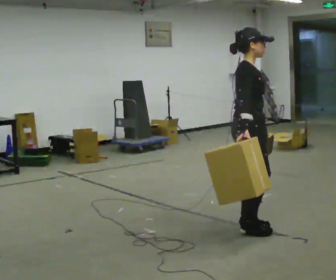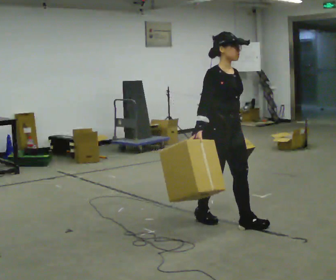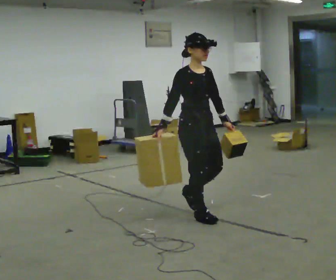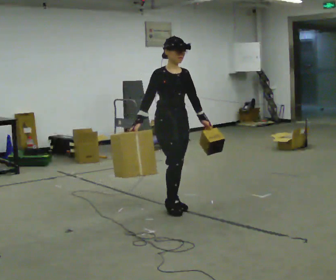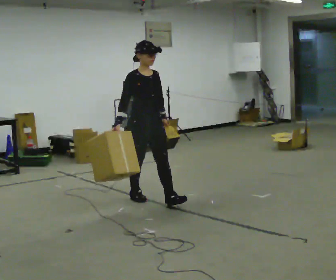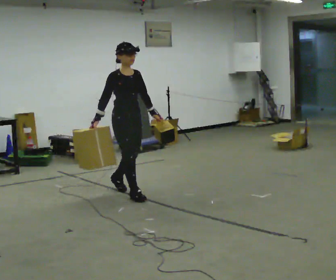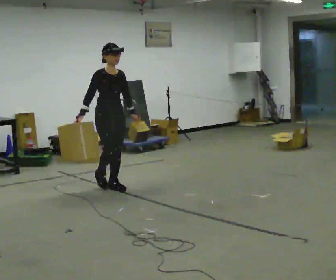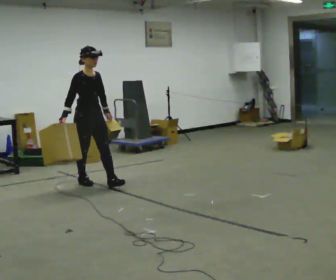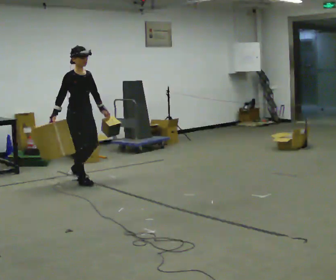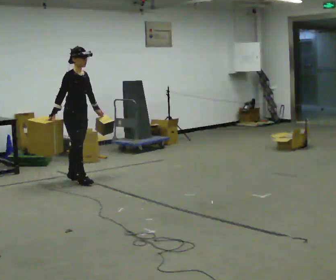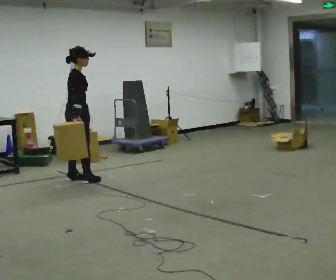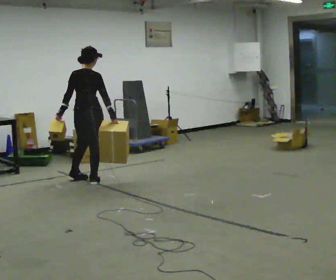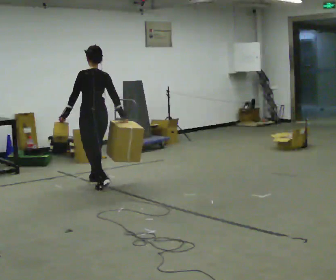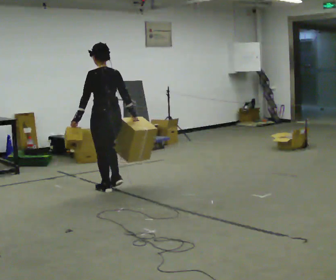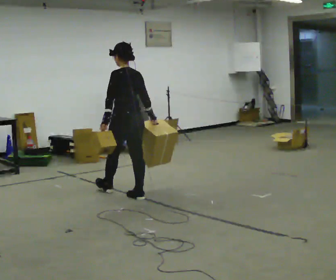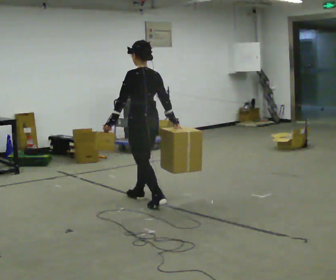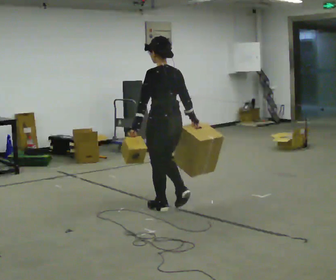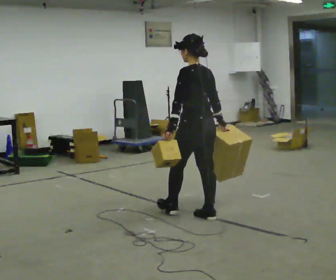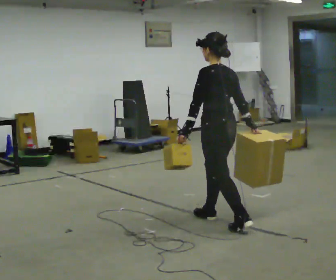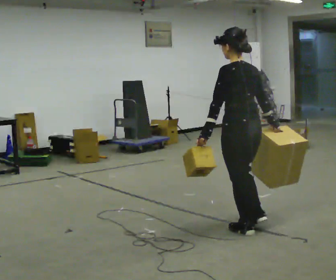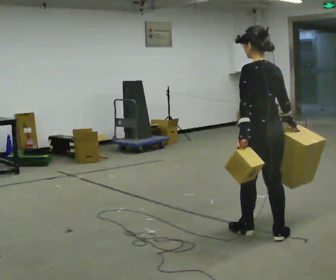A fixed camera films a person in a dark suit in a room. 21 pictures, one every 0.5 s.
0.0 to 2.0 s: The person turns about 45 degrees to their right, clockwise seen from above, so the part of the body nearest the lens slides to the left. In the picture they go away from the camera and to the left, about 1.5 m in 3 steps, which for them is backward.
2.0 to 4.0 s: In the picture they go away from the camera and to the left, about 1 m in 2 steps, which for them is backward.
4.0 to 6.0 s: The part of the body nearest the lens slides to the right as the person turns to their left by about 165 degrees. In the picture they go to the right and toward the camera, about 0.25 m in 1 step. In the picture their left hand goes to the left, the arm swinging clockwise.
6.0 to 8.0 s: In the picture they go toward the camera and to the right, about 1.5 m in 3 steps, which for them is backward.
8.0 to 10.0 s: In the picture they go toward the camera and to the right, about 1 m in 2 steps, which for them is backward.
The film runs backward here.
